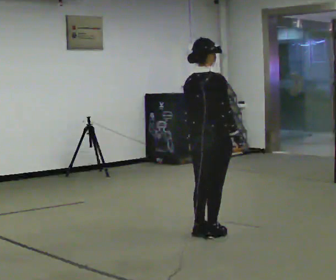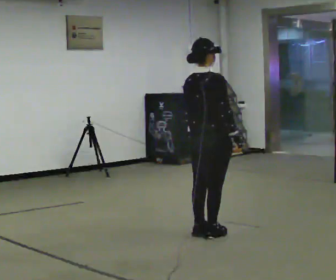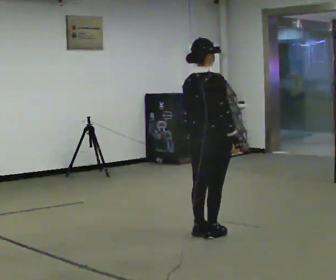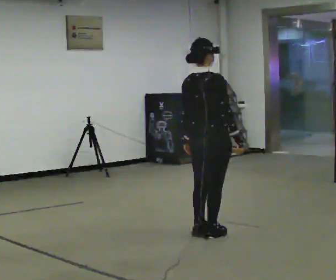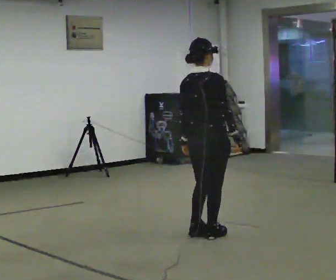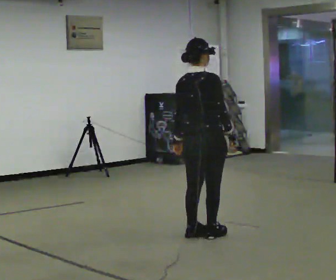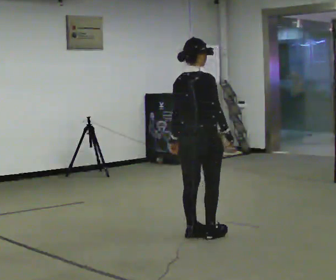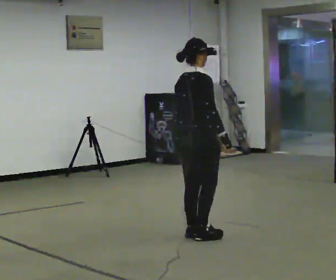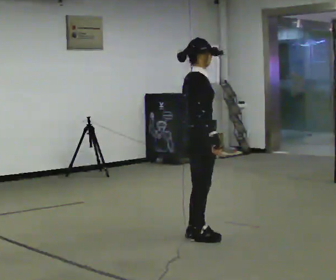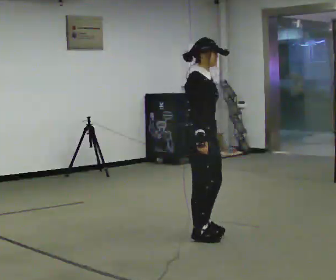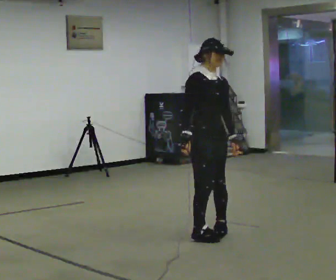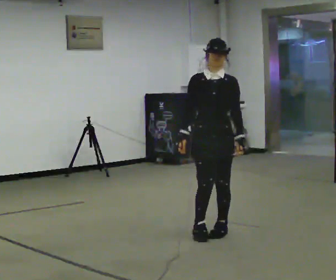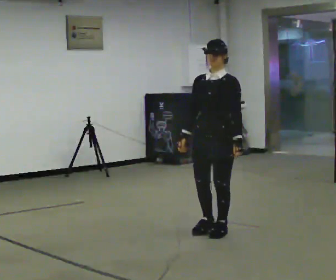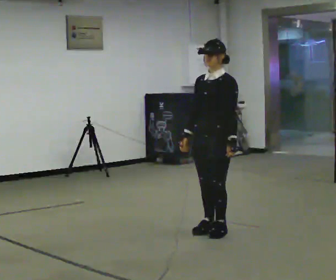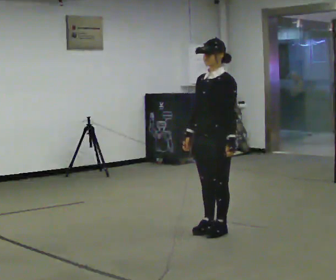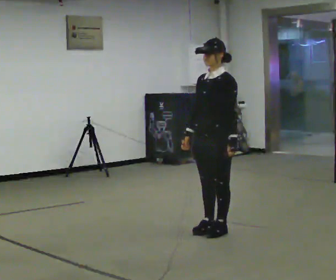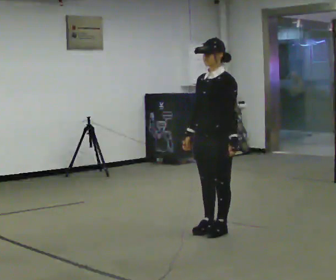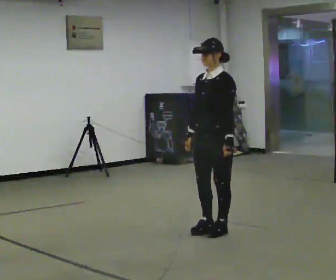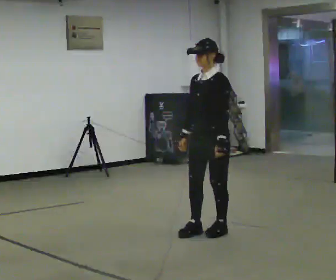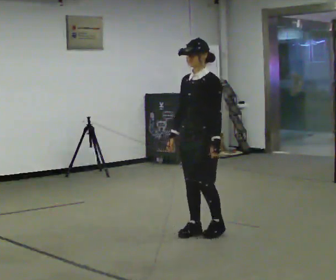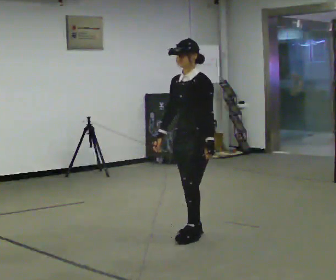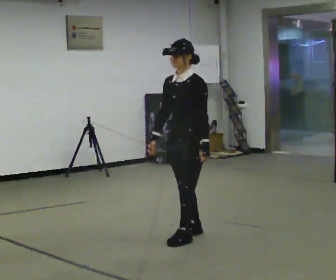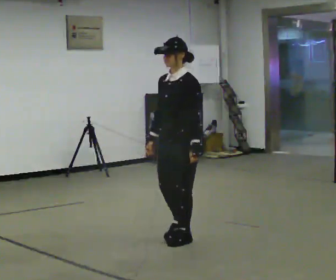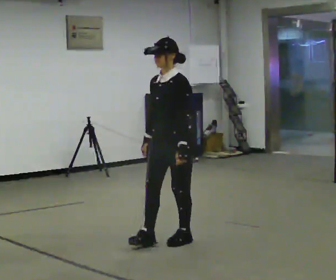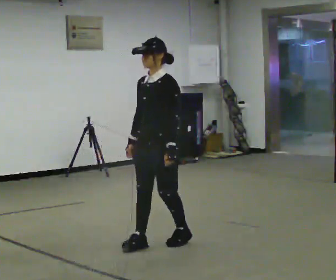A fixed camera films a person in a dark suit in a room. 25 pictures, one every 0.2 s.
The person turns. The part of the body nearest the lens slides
to the left.
The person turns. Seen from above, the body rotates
clockwise.
0.0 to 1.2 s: The person moves a little, or ends about where they began.
1.2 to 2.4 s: The person turns about 165 degrees to their right, clockwise seen from above, so the part of the body nearest the lens slides to the left. In the picture they go to the right, about 0.25 m in 2 steps. In the picture their right hand goes to the left, the arm swinging clockwise.
2.4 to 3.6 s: The person moves a little, or ends about where they began.
3.6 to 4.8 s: In the picture they go toward the camera and to the left, about 0.5 m in 3 steps, which for them is forward.
The film runs backward here.
